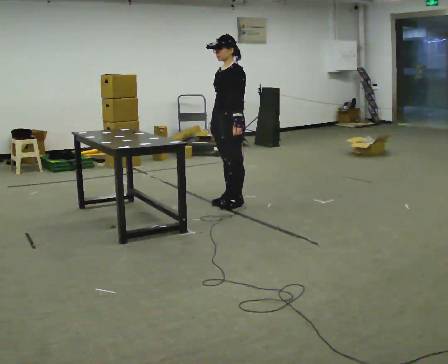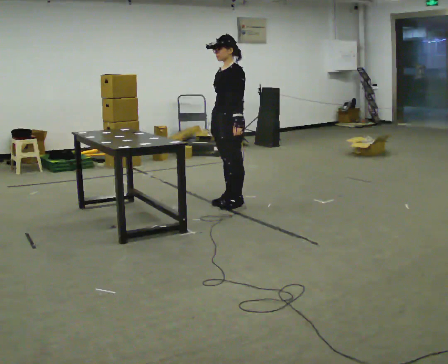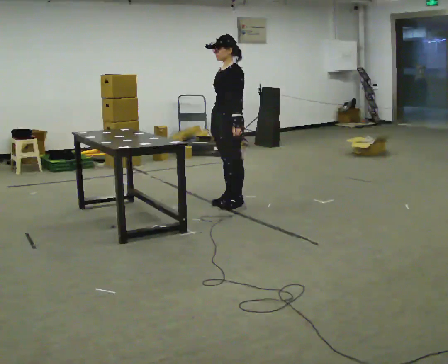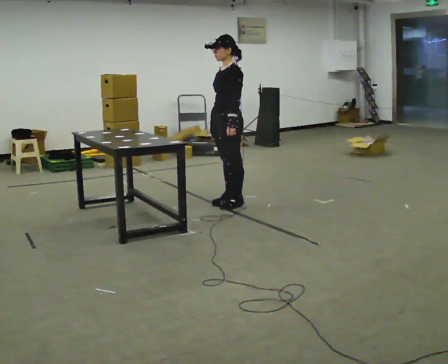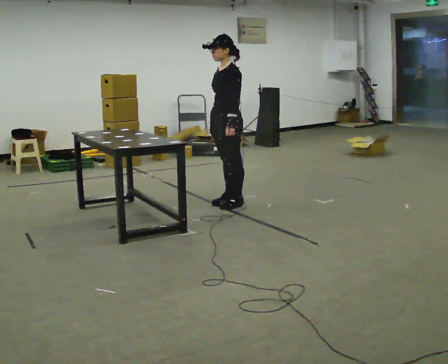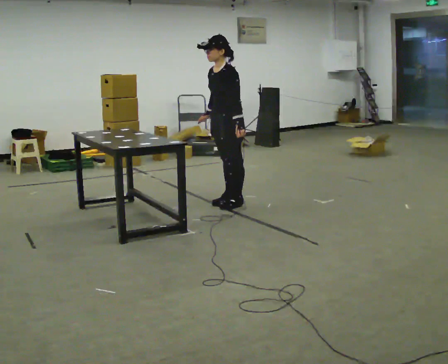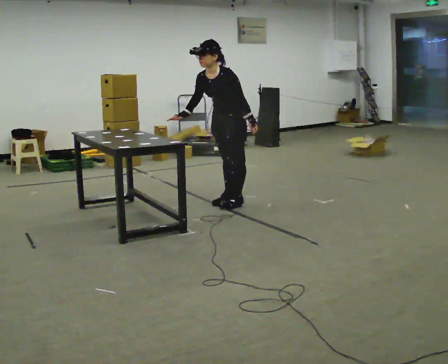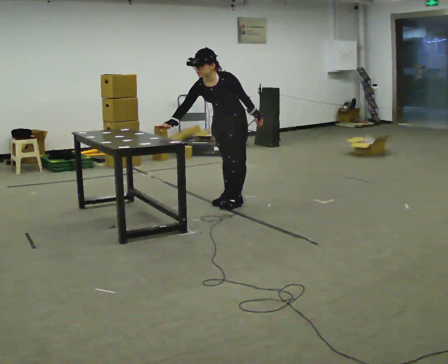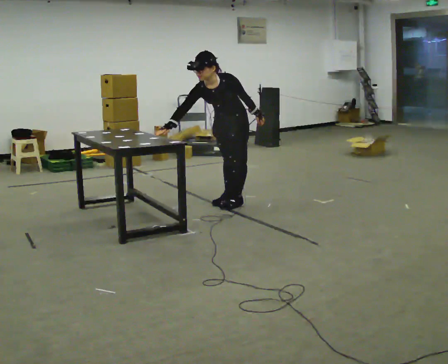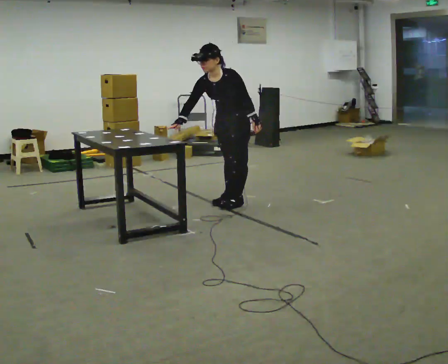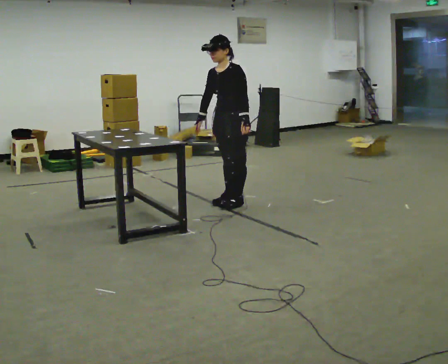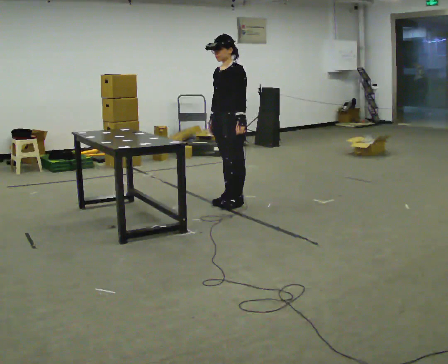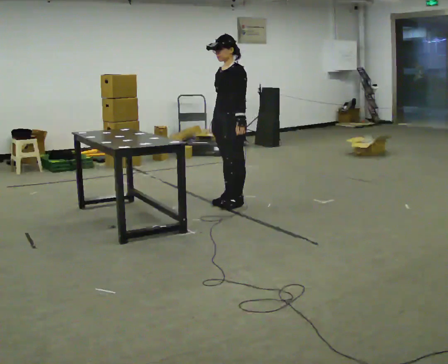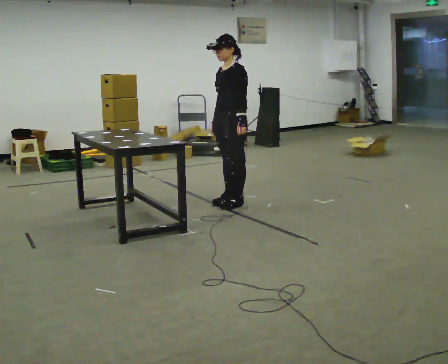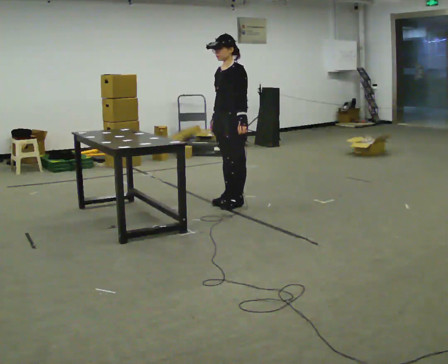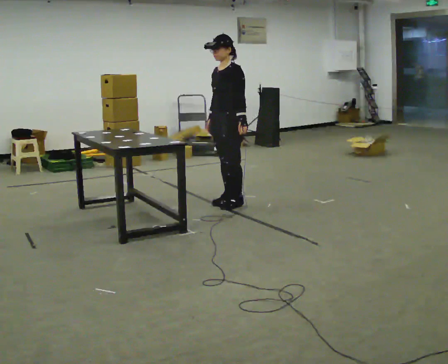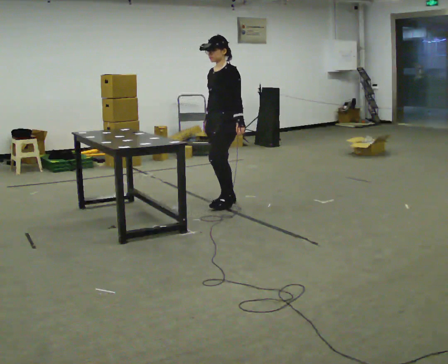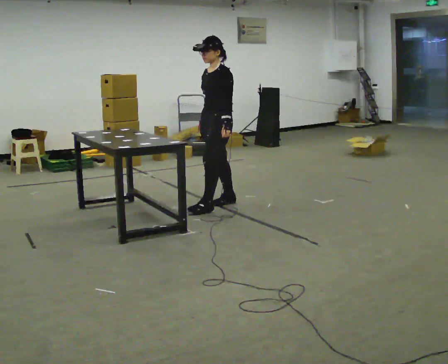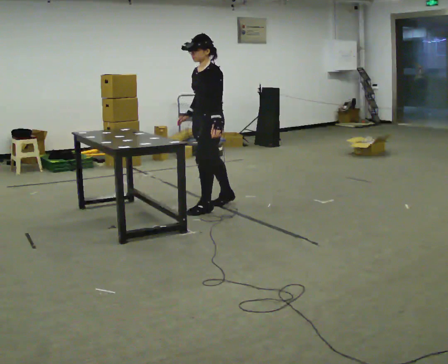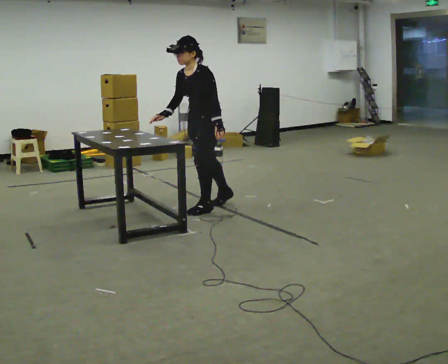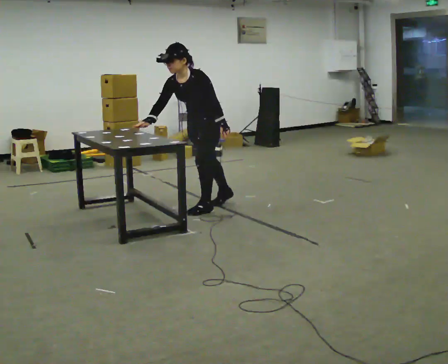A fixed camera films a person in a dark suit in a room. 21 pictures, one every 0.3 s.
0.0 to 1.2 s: The person moves a little, or ends about where they began.
1.2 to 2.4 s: Seen from above the body turns counterclockwise, about 45 degrees: to their left, with its near side sliding to the right. The upper body tips toward the camera, its near side rolling downward, as they bend forward. In the picture their right hand goes to the left.
2.4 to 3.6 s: The part of the body nearest the lens slides to the left as the person turns to their right by about 30 degrees. The upper body tips away from the camera, its near side rolling upward, as they lean back or straighten.
3.6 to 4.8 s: The person moves a little, or ends about where they began.
4.8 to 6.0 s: In the picture they go toward the camera and to the left, about 0.25 m, which for them is forward and to their left. The upper body tips toward the camera, its near side rolling downward, as they bend forward.
The film runs backward here.
